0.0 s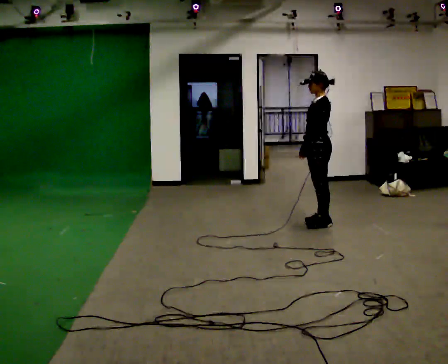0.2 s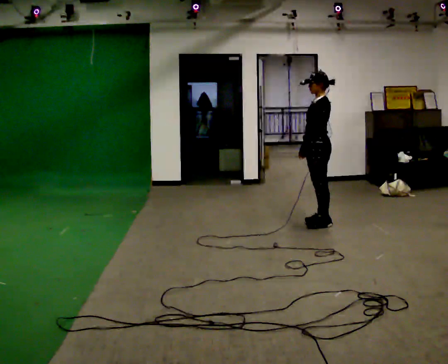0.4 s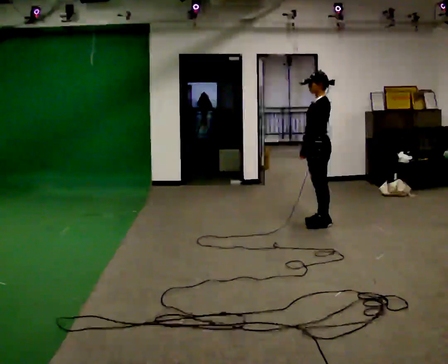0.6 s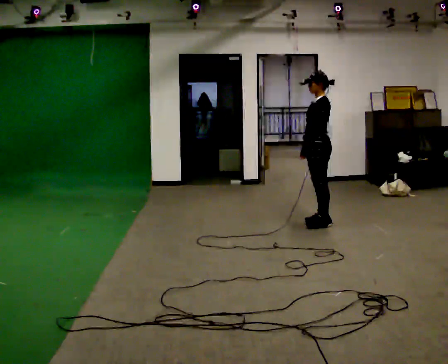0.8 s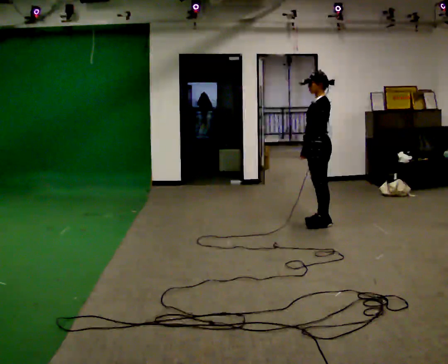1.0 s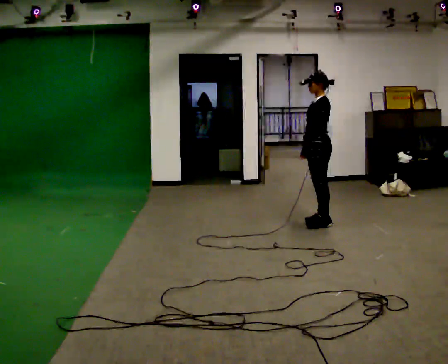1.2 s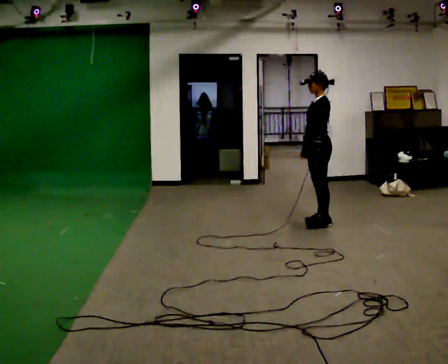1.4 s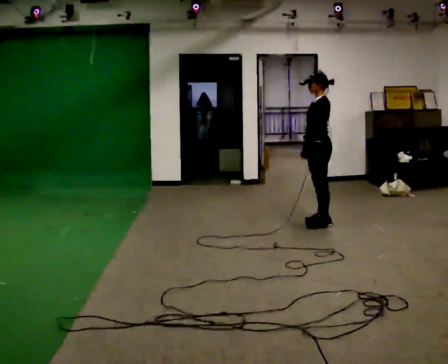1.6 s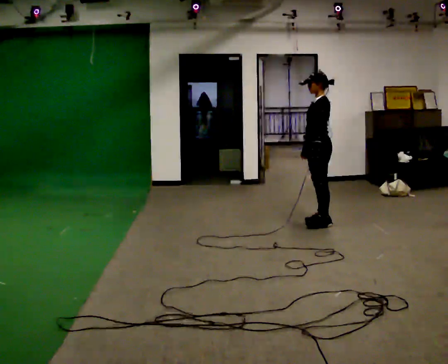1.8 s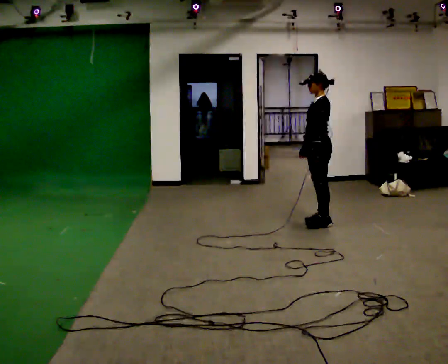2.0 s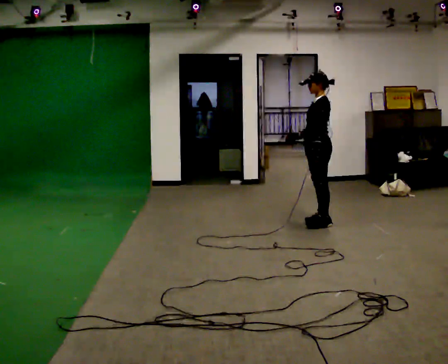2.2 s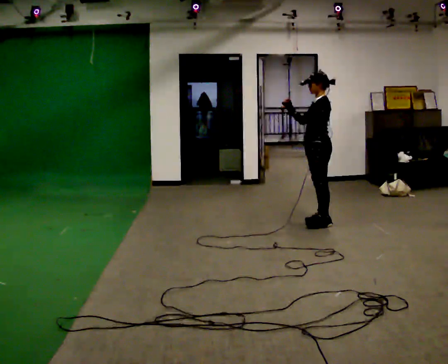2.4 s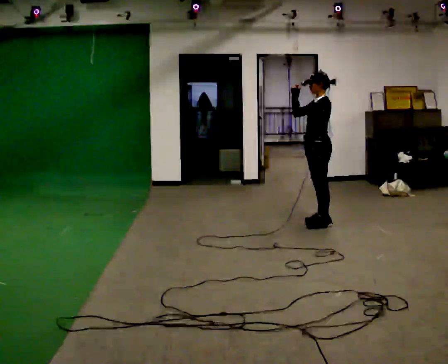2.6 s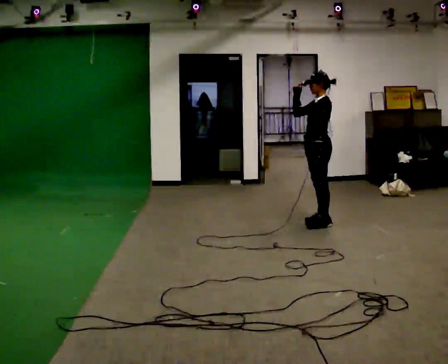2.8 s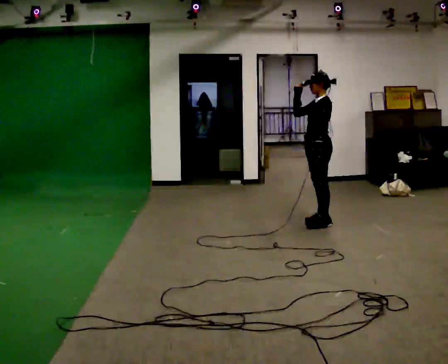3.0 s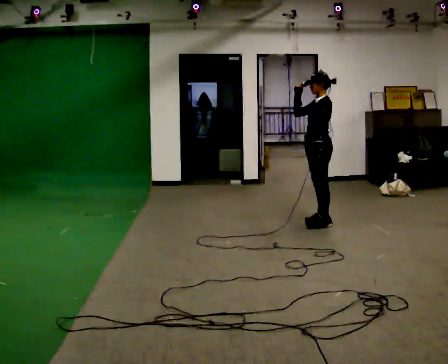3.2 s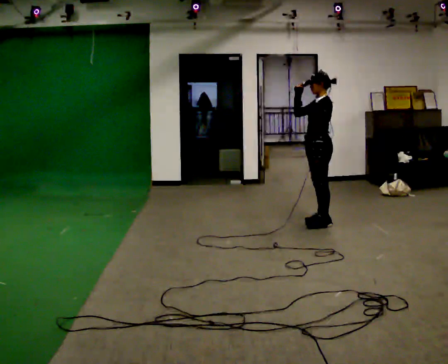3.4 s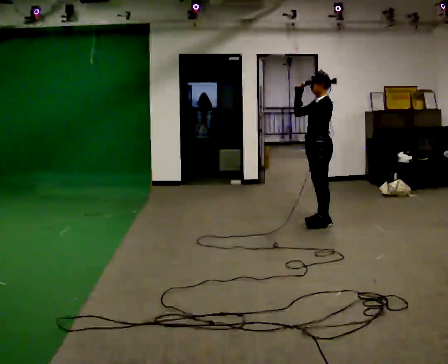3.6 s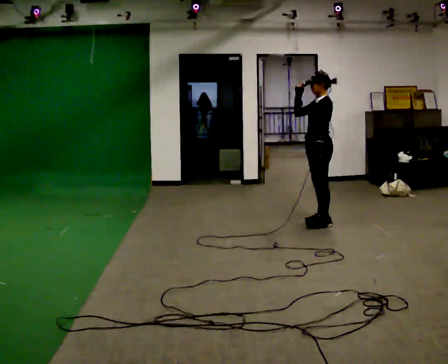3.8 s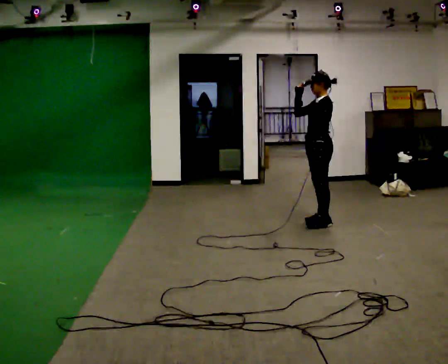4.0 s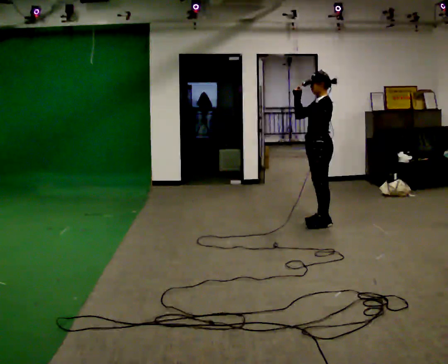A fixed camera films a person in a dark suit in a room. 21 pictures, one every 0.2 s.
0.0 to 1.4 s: The person keeps their place and pose.
1.4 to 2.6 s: In the picture their right hand goes upward.
2.6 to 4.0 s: The person moves a little, or ends about where they began.
The film runs forward here.
